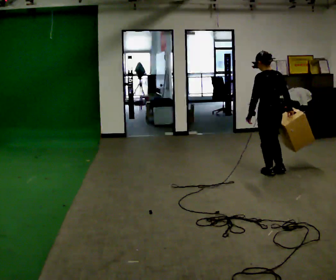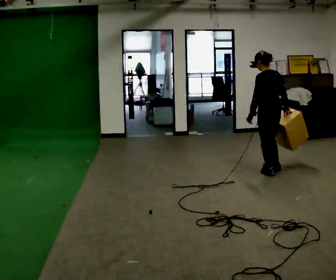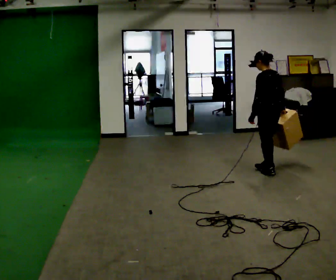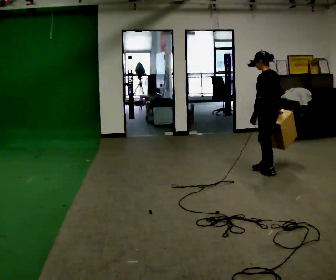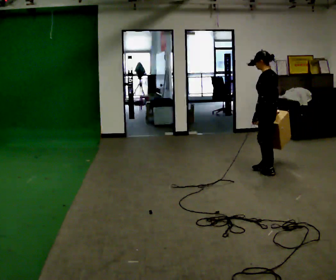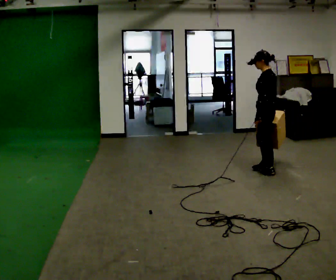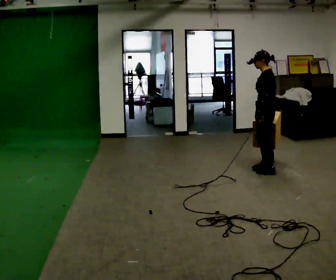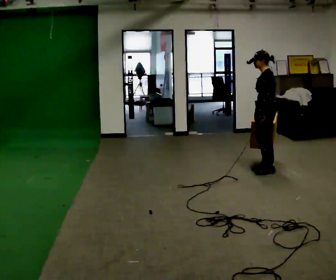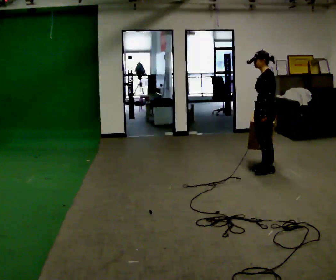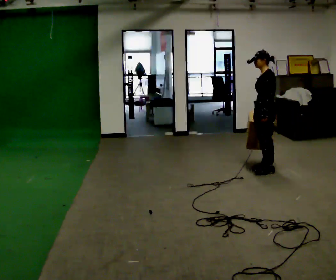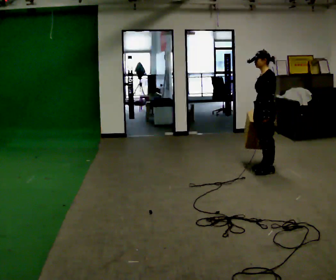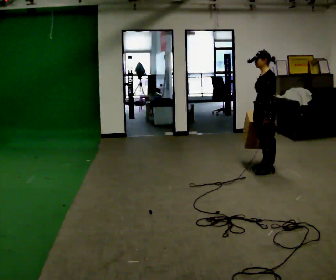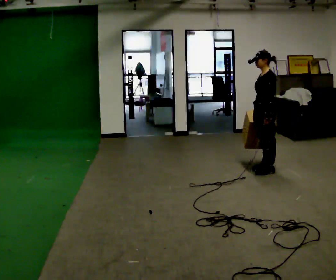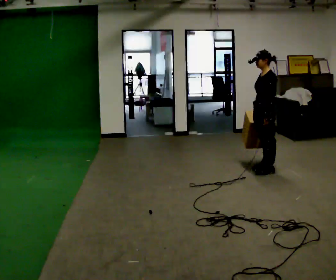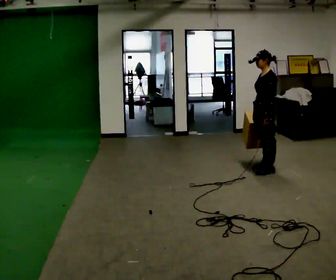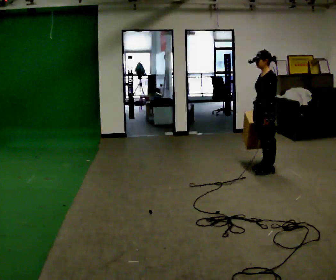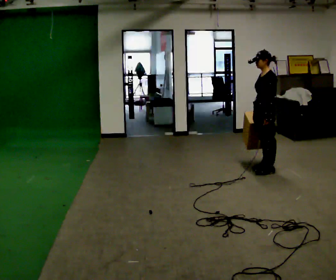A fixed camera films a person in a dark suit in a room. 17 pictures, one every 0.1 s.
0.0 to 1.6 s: The part of the body nearest the lens slides to the right as the person turns to their left by about 75 degrees. In the picture they go away from the camera, about 0.25 m in 1 step. In the picture their right hand goes to the left.
The film runs forward here.
